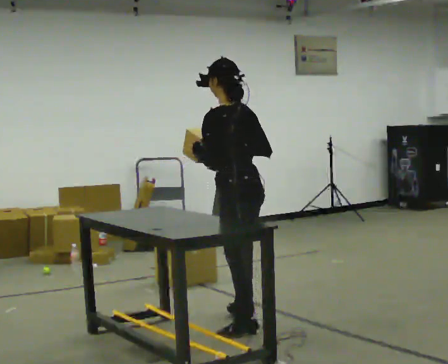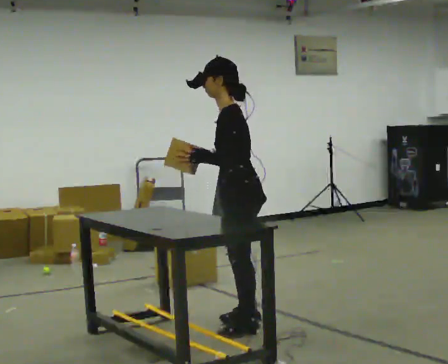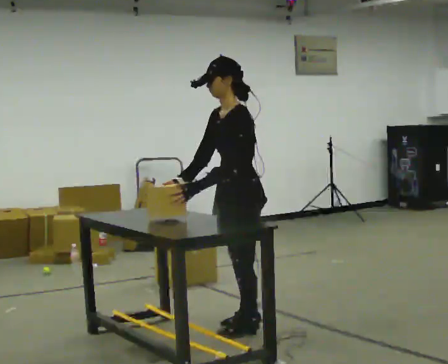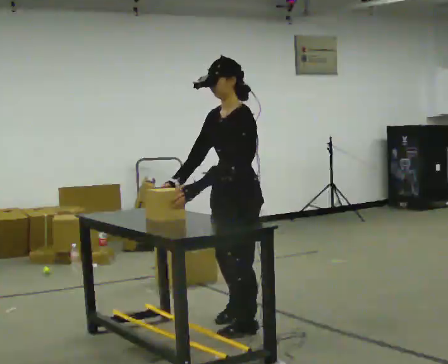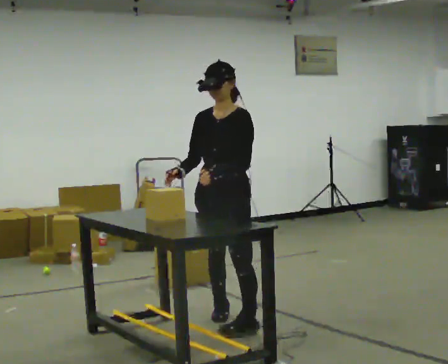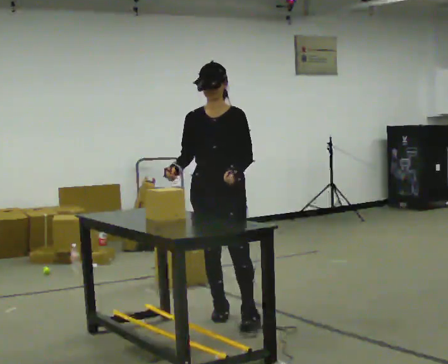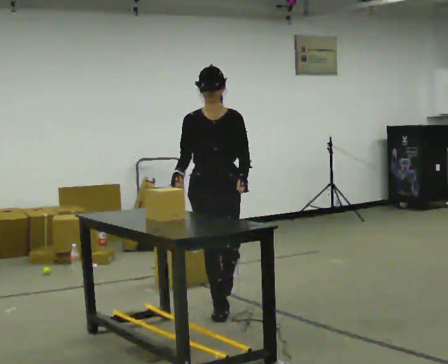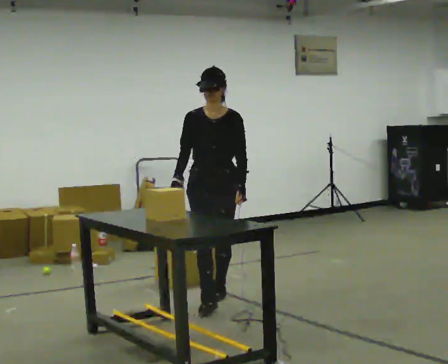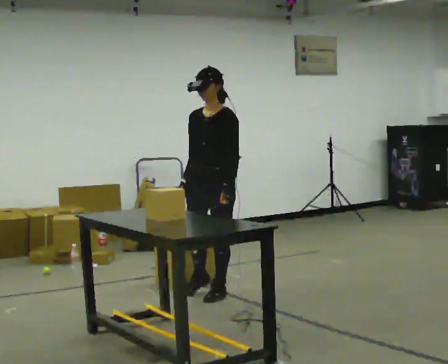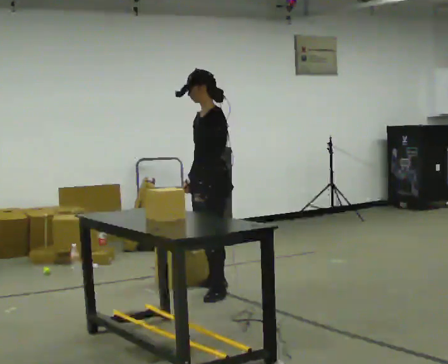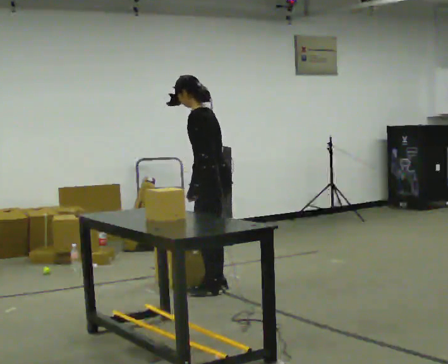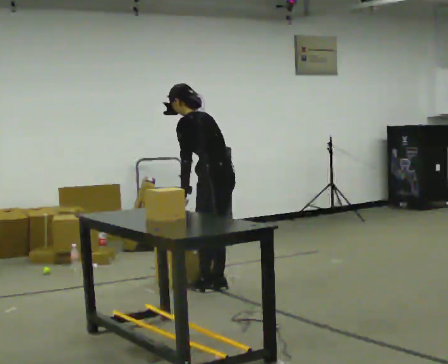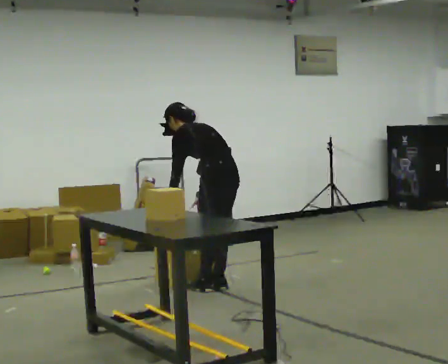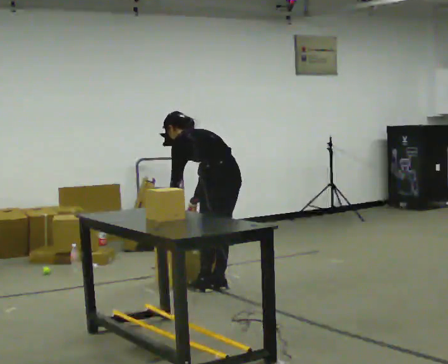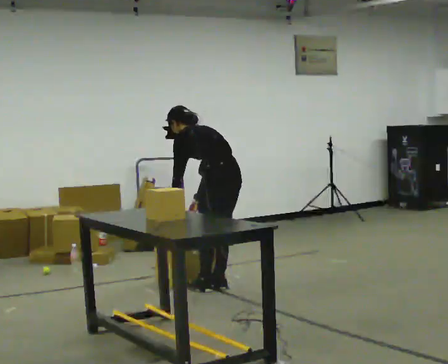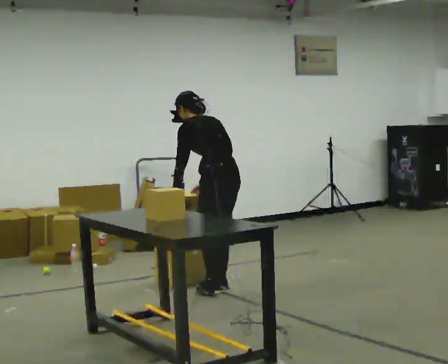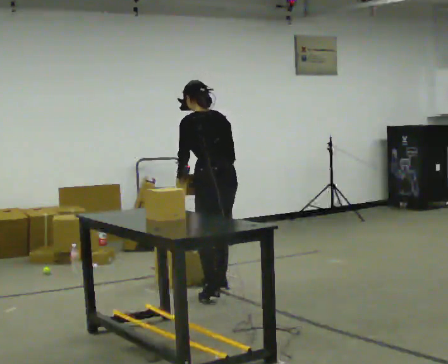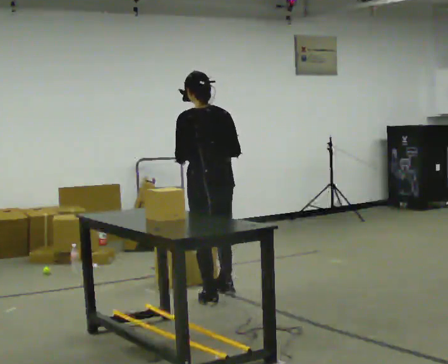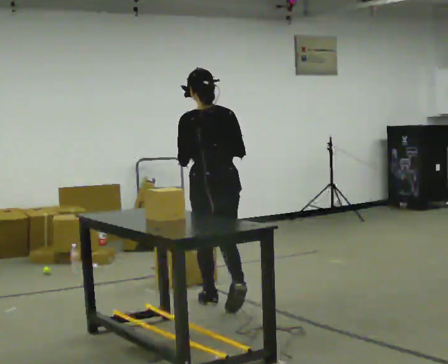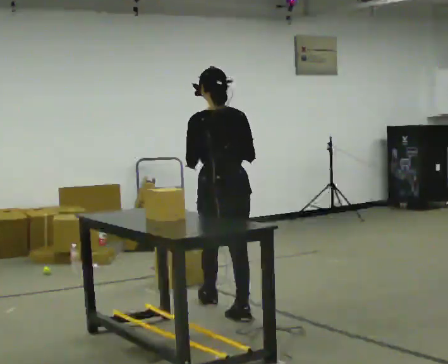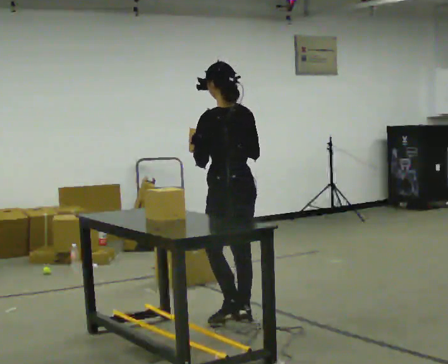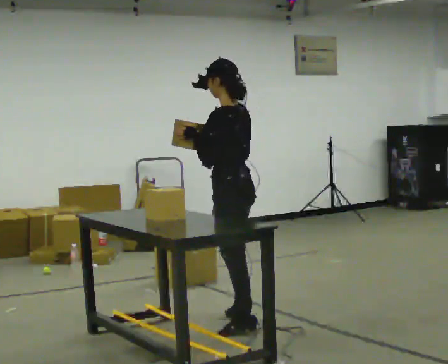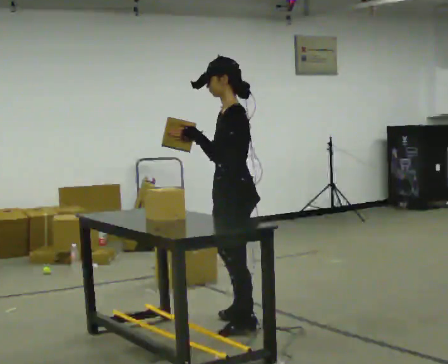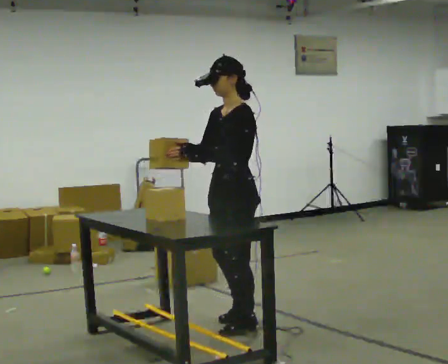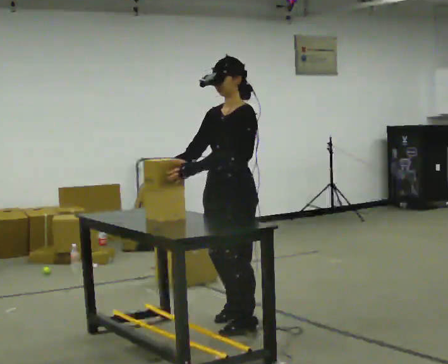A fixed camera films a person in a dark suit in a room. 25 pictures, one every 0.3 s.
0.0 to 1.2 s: The person turns about 90 degrees to their left, counterclockwise seen from above, so the part of the body nearest the lens slides to the right. In the picture their right hand goes to the left.
1.2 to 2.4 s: In the picture they go away from the camera, about 0.75 m in 2 steps, which for them is backward.
2.4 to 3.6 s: The part of the body nearest the lens slides to the left as the person turns to their right by about 105 degrees. In the picture they go away from the camera, about 0.25 m. The upper body tips away from the camera, its near side rolling upward, as they bend forward. In the picture their left hand goes to the left.
3.6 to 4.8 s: The person moves a little, or ends about where they began.
4.8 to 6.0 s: In the picture they go toward the camera, about 0.75 m in 2 steps, which for them is backward. The upper body tips toward the camera, its near side rolling downward, as they lean back or straighten.
6.0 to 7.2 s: The person turns about 90 degrees to their left, counterclockwise seen from above, so the part of the body nearest the lens slides to the right. In the picture they go toward the camera, about 0.25 m in 1 step. In the picture their right hand goes to the left.
The film runs backward here.
